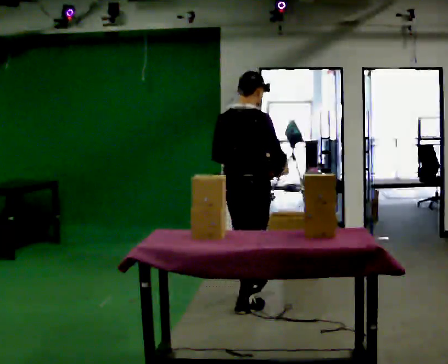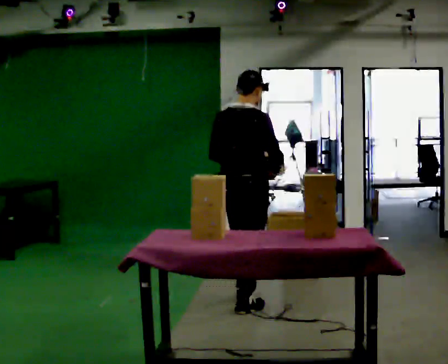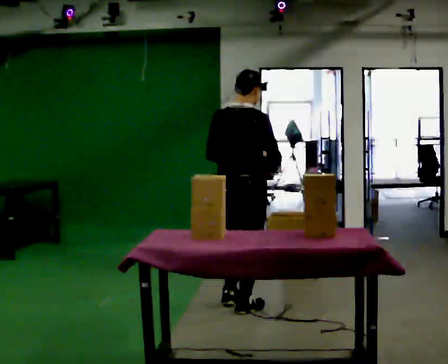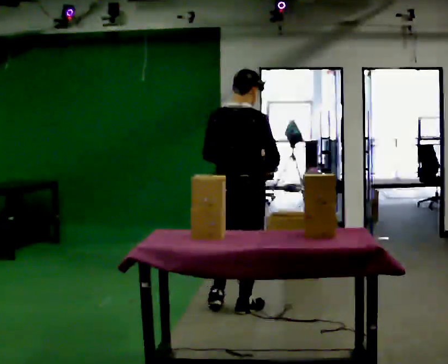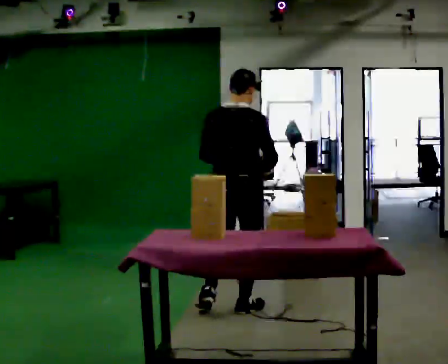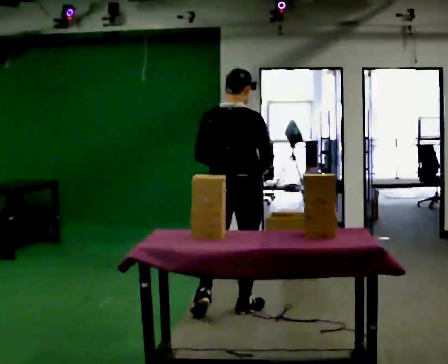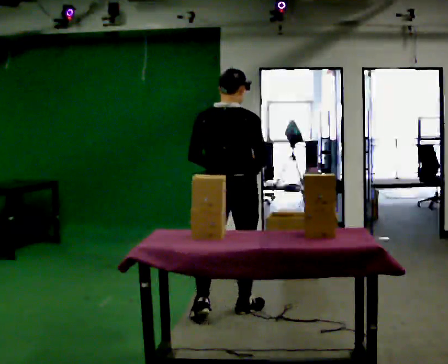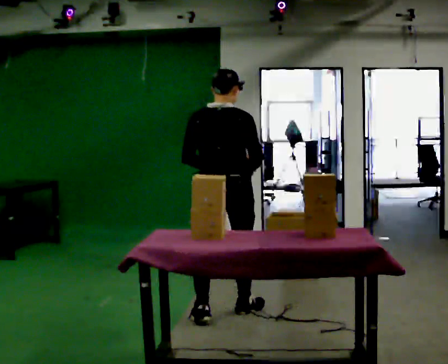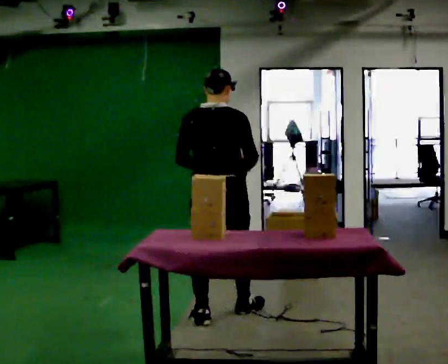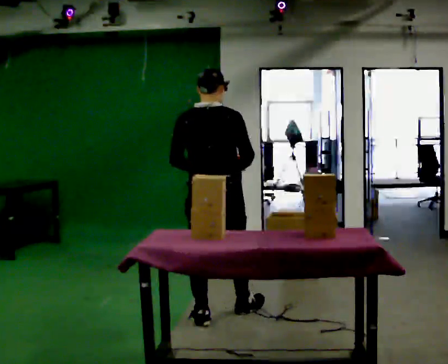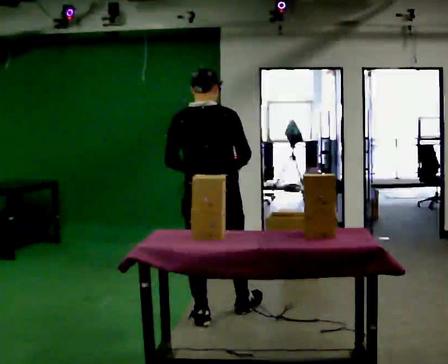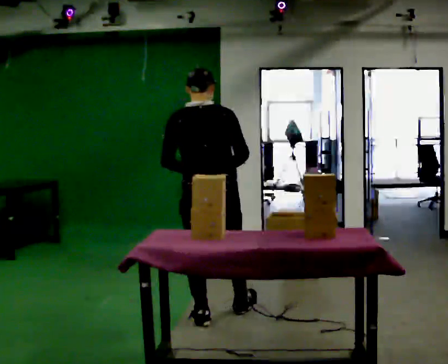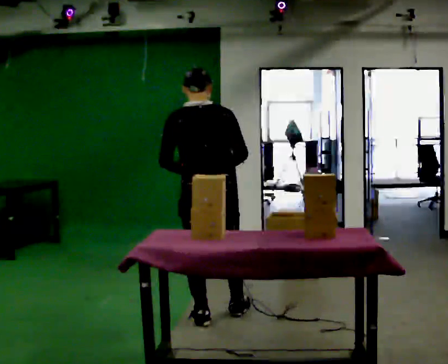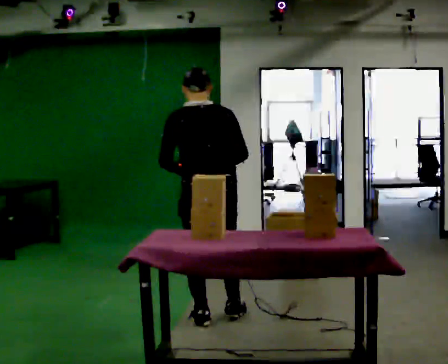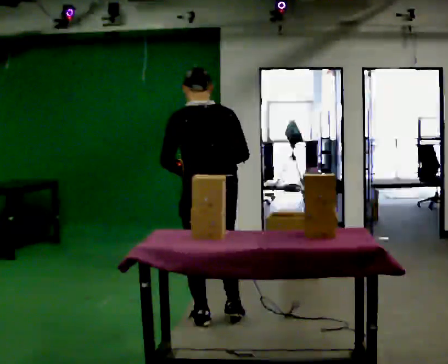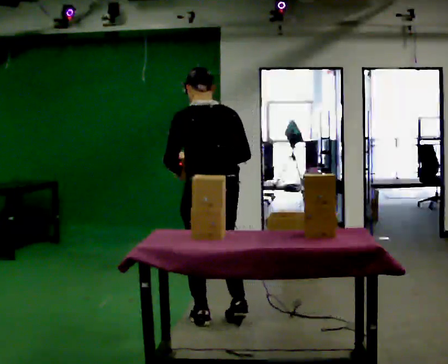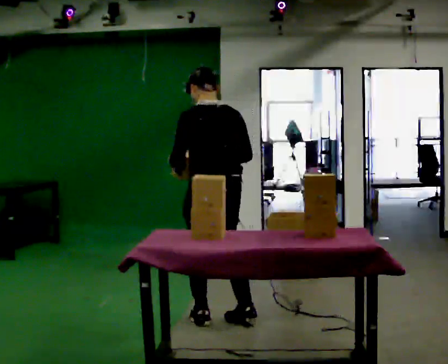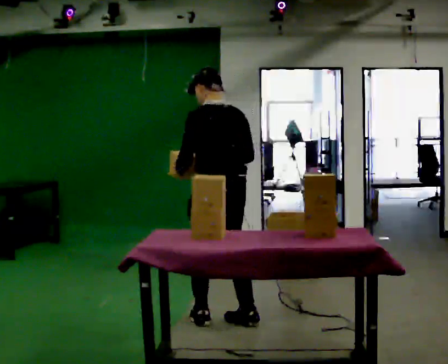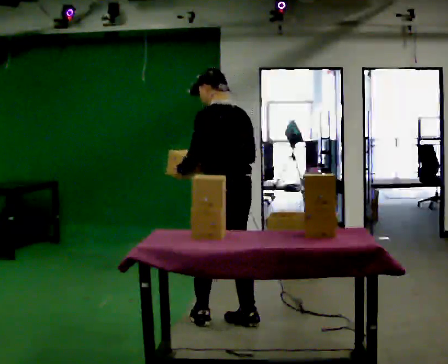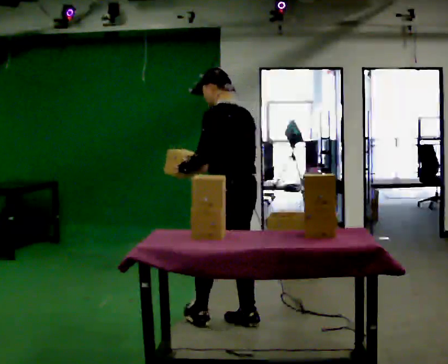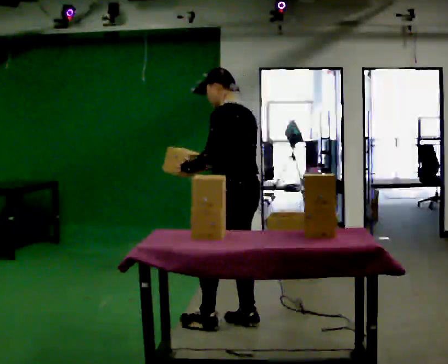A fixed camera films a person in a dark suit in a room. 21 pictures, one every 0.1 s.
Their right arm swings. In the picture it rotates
clockwise.
The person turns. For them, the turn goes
to their left.
0.0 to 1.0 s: Seen from above the body turns counterclockwise, about 30 degrees: to their left, with its near side sliding to the right. In the picture they go toward the camera and to the left, about 0.5 m, which for them is backward.
1.0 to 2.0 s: Seen from above the body turns counterclockwise, about 60 degrees: to their left, with its near side sliding to the right. In the picture they go to the right, about 0.25 m in 2 steps.
The film runs backward here.
